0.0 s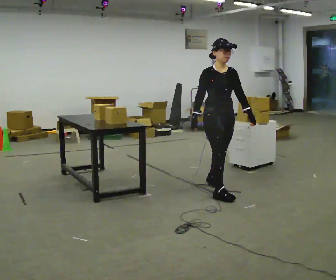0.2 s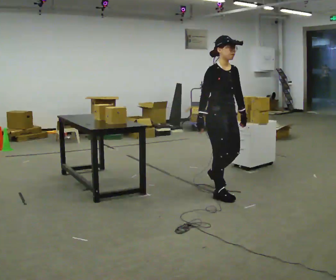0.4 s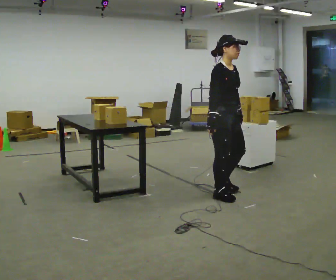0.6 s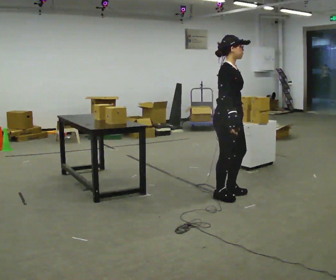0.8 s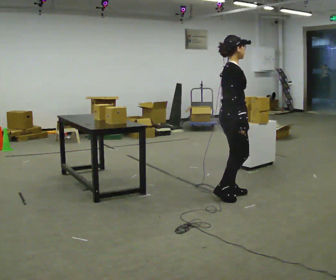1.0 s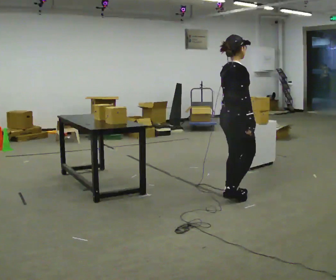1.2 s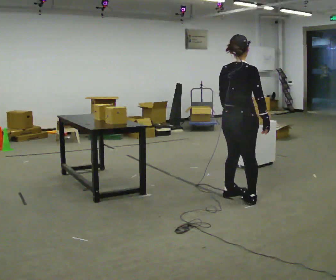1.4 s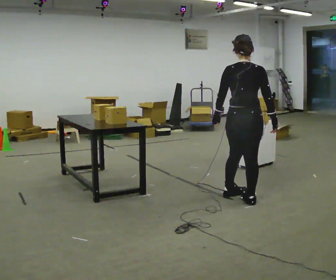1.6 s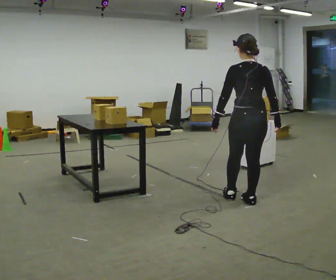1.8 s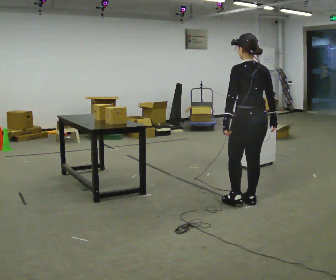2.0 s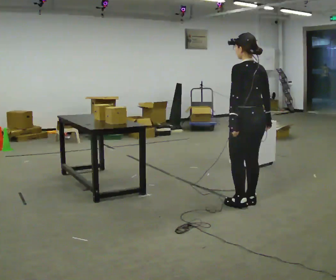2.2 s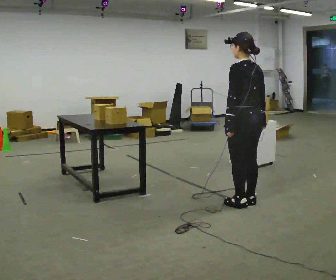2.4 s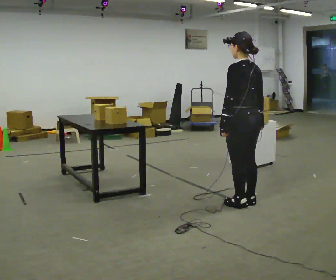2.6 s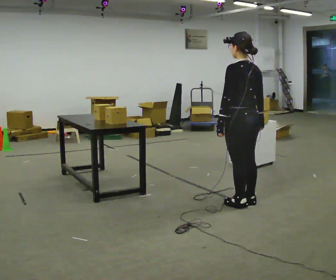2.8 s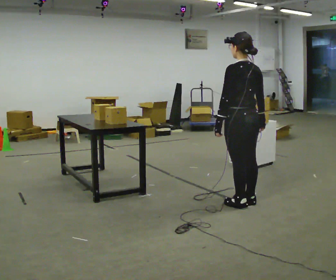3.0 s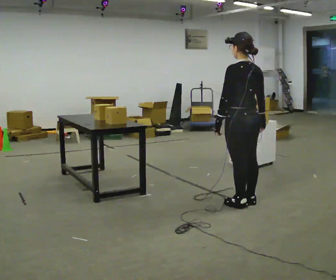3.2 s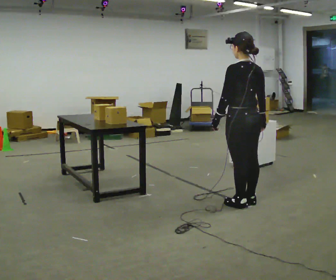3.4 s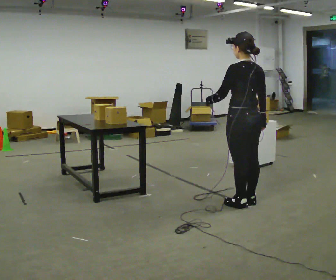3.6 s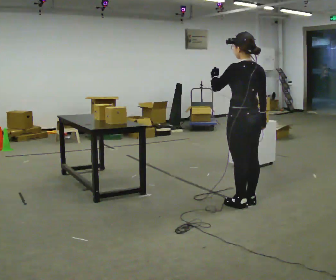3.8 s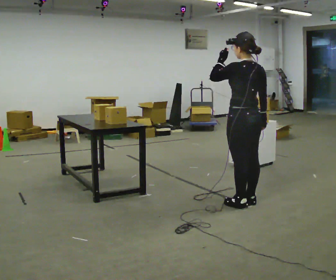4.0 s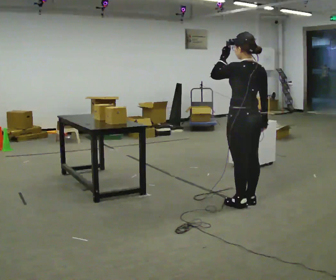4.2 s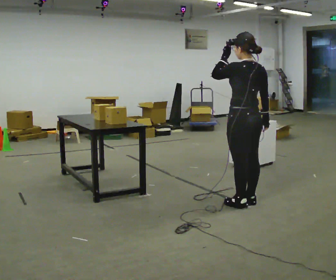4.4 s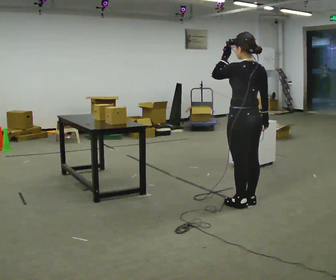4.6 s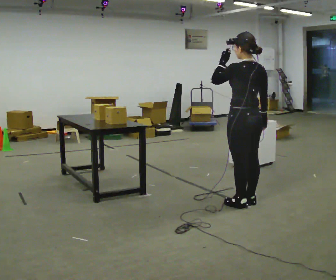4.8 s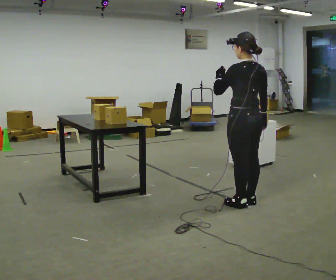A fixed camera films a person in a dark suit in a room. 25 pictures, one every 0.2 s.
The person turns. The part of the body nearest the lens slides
to the right.
The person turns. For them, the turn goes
to their left.
0.0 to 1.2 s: The person turns about 120 degrees to their left, counterclockwise seen from above, so the part of the body nearest the lens slides to the right. In the picture they go toward the camera and to the right, about 0.25 m in 2 steps.
1.2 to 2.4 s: Seen from above the body turns counterclockwise, about 75 degrees: to their left, with its near side sliding to the right. In the picture they go toward the camera, about 0.25 m in 1 step.
2.4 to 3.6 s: In the picture their left hand goes upward.
3.6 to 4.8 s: The person moves a little, or ends about where they began.
The film runs forward here.
